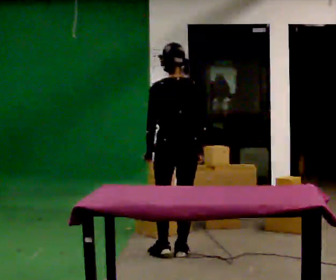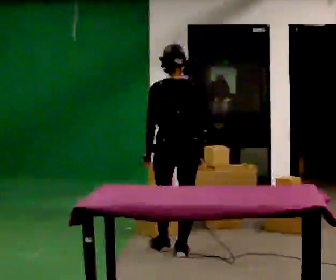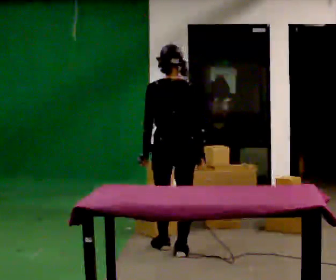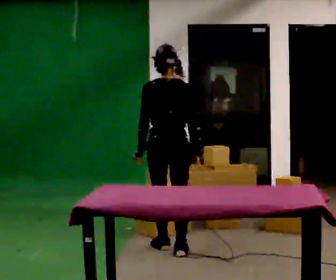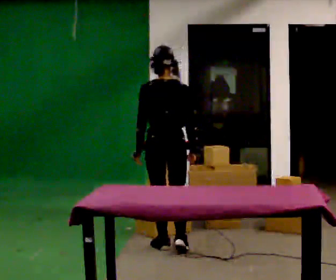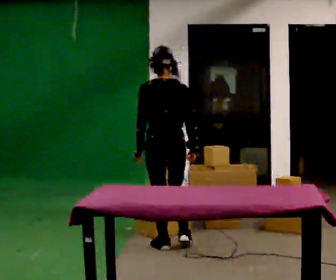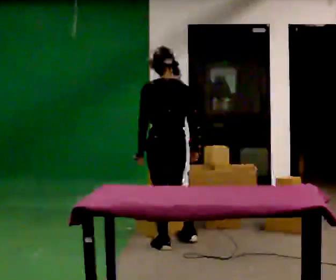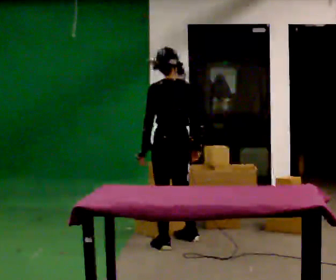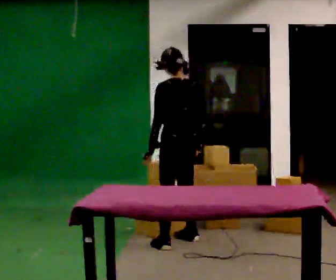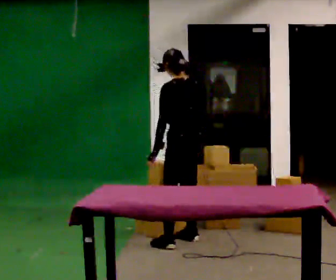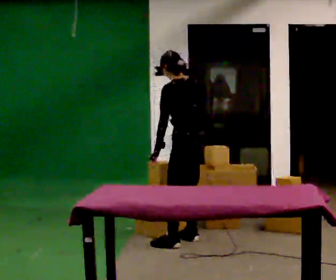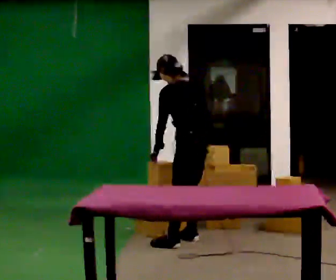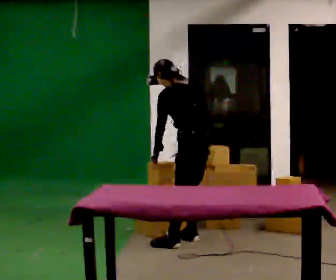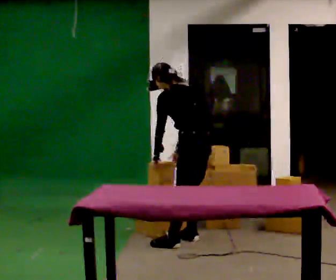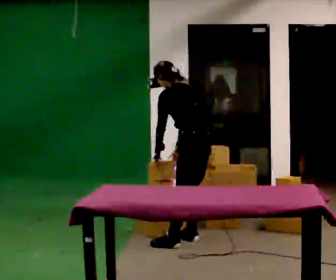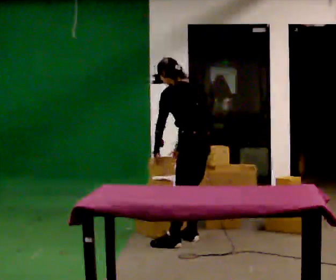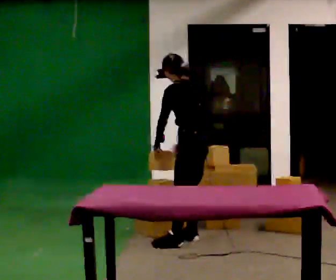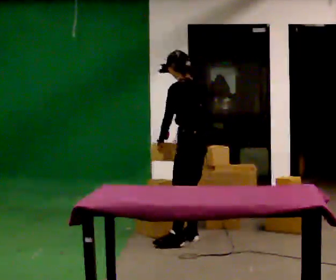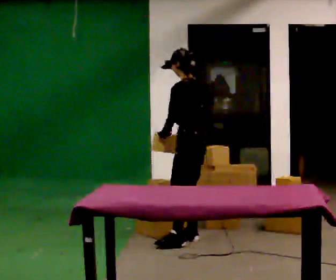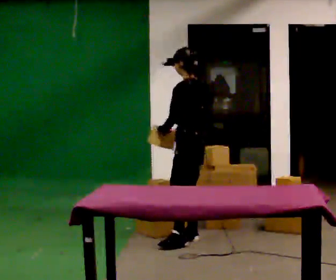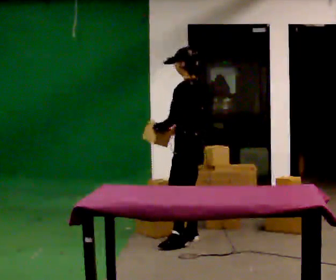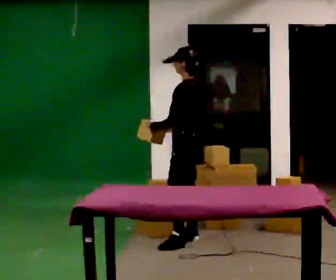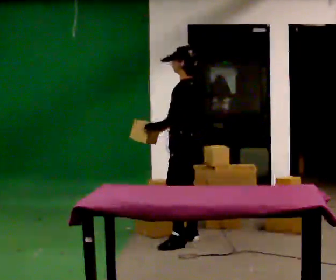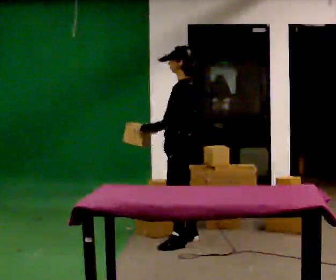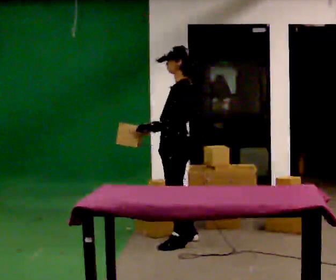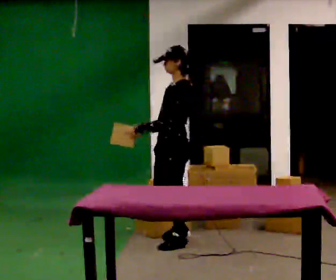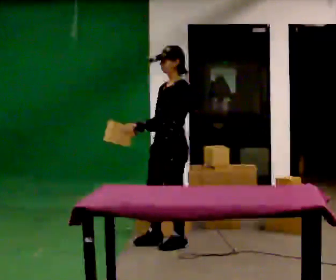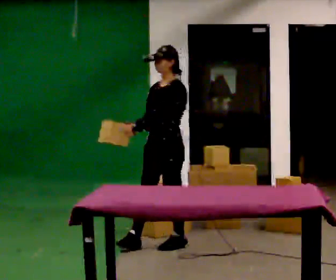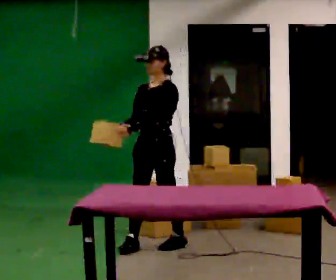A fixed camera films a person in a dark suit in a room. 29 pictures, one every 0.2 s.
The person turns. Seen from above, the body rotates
counterclockwise.
The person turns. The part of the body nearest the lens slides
to the right.
0.0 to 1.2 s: In the picture they go away from the camera, about 0.25 m in 1 step, which for them is forward.
1.2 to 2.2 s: The person turns about 45 degrees to their left, counterclockwise seen from above, so the part of the body nearest the lens slides to the right. In the picture they go away from the camera and to the right, about 0.25 m in 1 step, which for them is to their right. In the picture the upper body tilts counterclockwise, shoulders to the left, as they bend forward.
2.2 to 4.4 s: Seen from above the body turns counterclockwise, about 30 degrees: to their left, with its near side sliding to the right.
4.4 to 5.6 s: Seen from above the body turns counterclockwise, about 60 degrees: to their left, with its near side sliding to the right. In the picture they go to the left and toward the camera, about 0.25 m in 1 step, which for them is forward and to their left.
The film runs forward here.
